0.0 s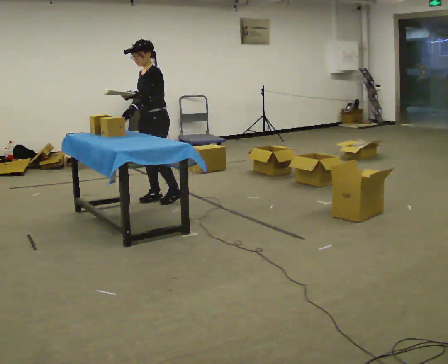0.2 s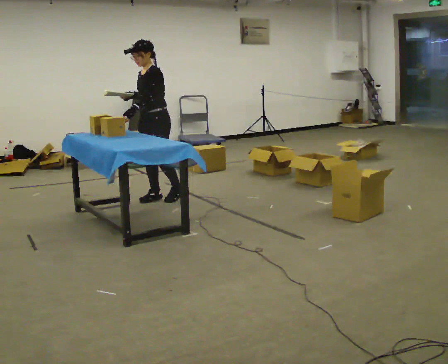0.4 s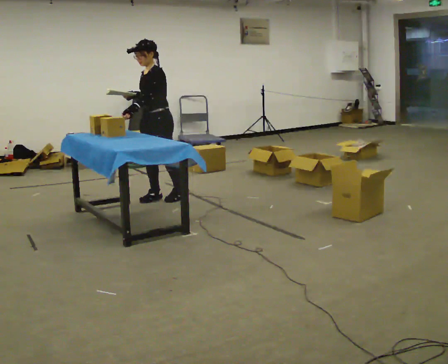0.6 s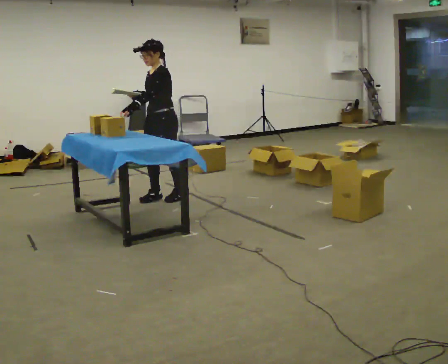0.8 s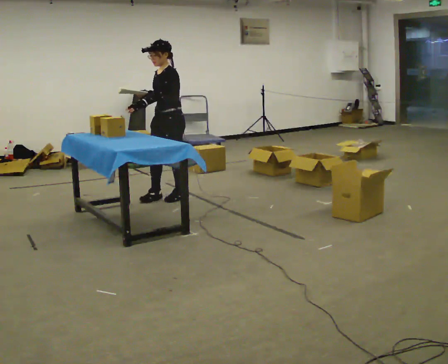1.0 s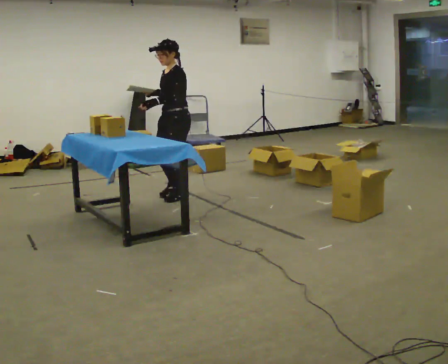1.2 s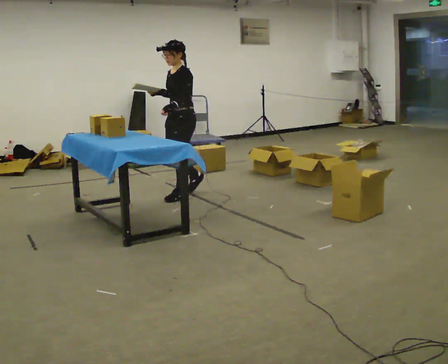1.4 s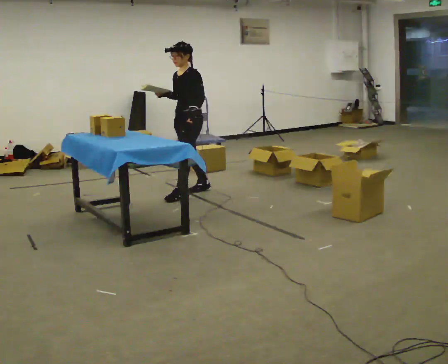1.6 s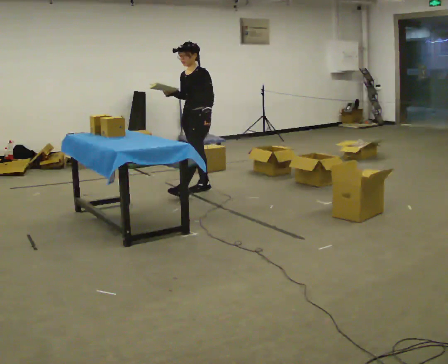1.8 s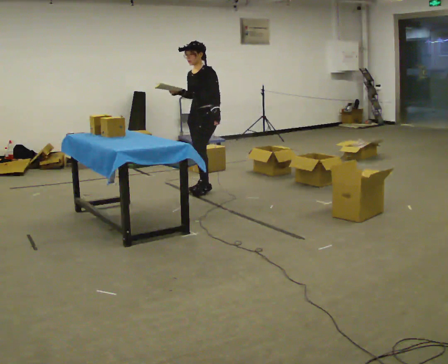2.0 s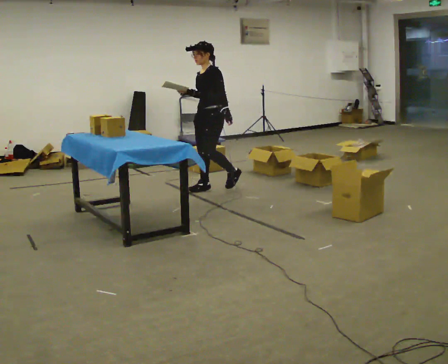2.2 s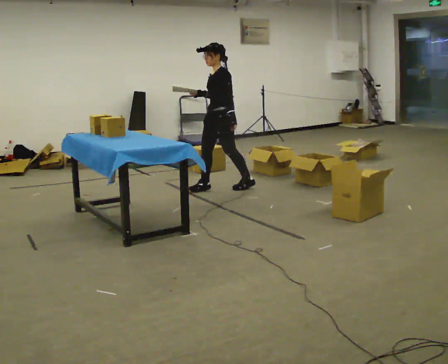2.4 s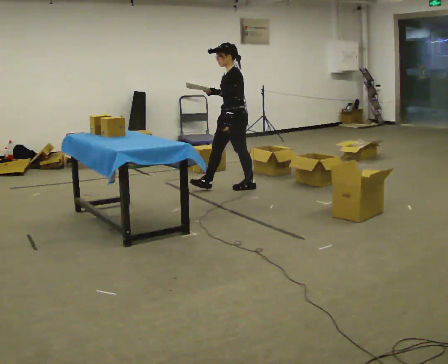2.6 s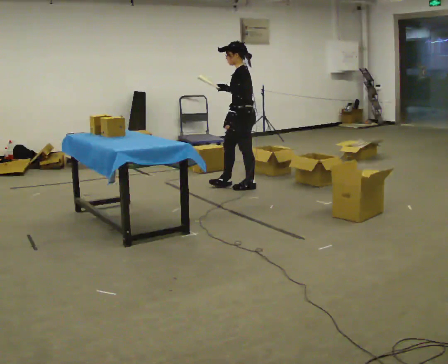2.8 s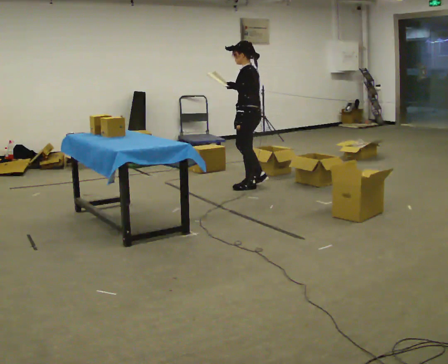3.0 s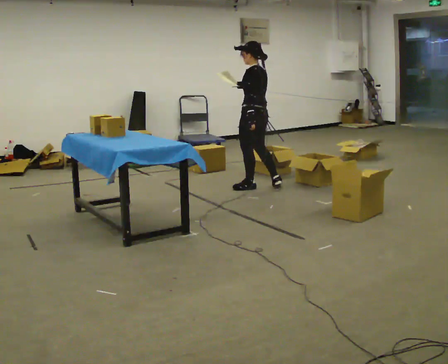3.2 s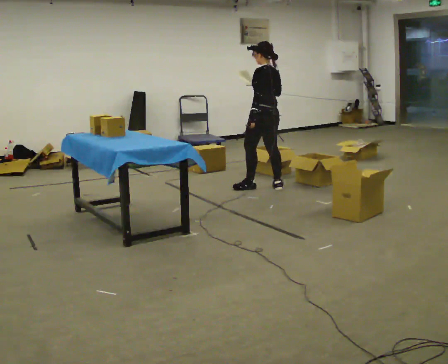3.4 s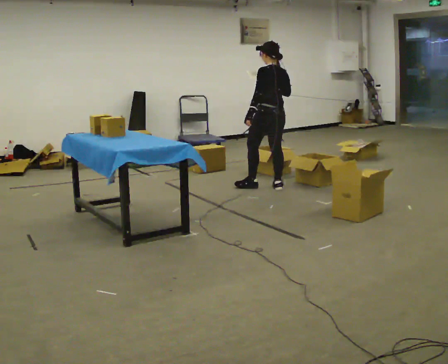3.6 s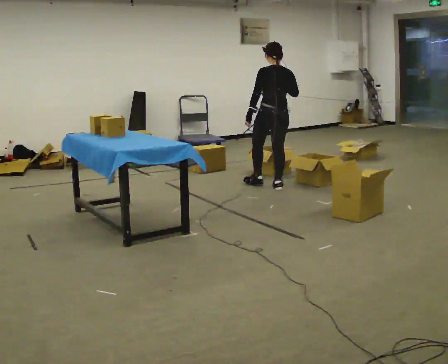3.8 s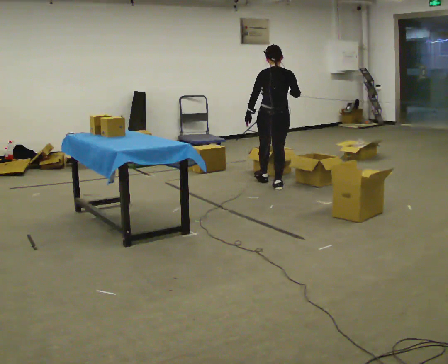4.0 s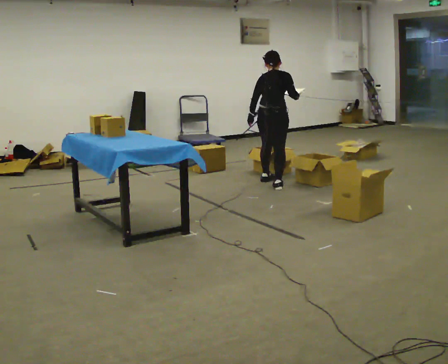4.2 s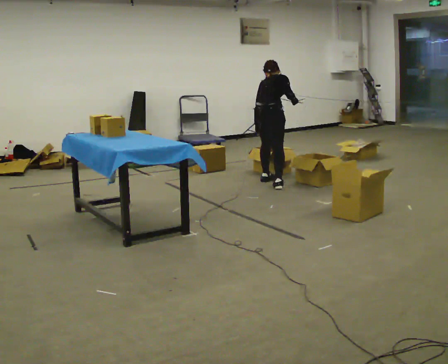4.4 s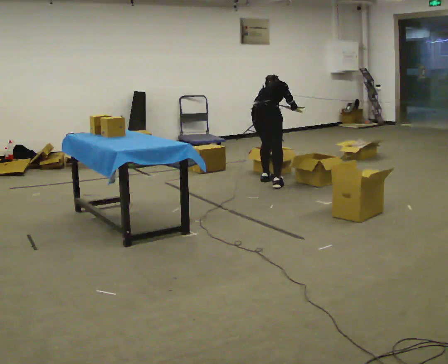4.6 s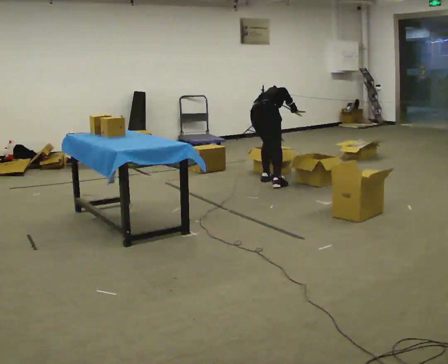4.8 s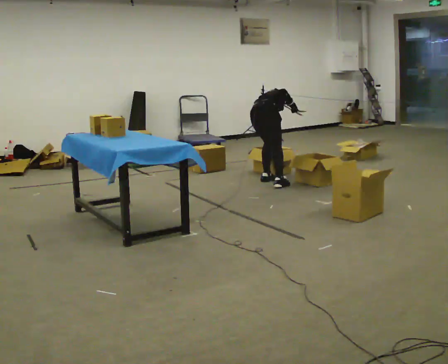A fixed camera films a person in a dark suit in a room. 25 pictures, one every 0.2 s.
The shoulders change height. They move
downward.
The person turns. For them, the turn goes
to their right.
0.0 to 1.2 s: In the picture they go to the right, about 0.25 m in 1 step, which for them is backward.
1.2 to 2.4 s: In the picture they go to the right and away from the camera, about 0.5 m in 1 step, which for them is backward.
2.4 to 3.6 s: The person turns about 90 degrees to their right, clockwise seen from above, so the part of the body nearest the lens slides to the left. In the picture they go to the right, about 0.5 m in 2 steps.
3.6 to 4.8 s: The part of the body nearest the lens slides to the left as the person turns to their right by about 60 degrees. In the picture they go away from the camera, about 0.25 m, which for them is to their left and forward. The shoulders move downward. The upper body tips away from the camera, its near side rolling upward, as they bend forward.
The film runs backward here.
